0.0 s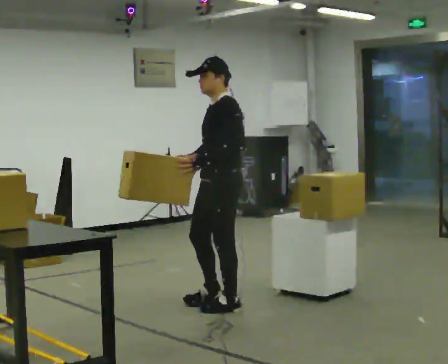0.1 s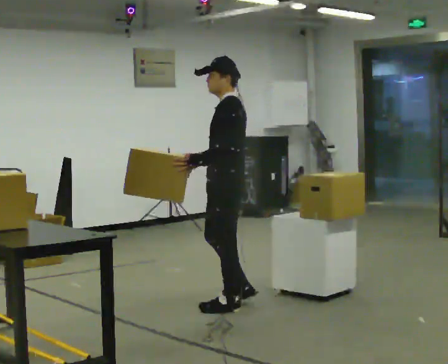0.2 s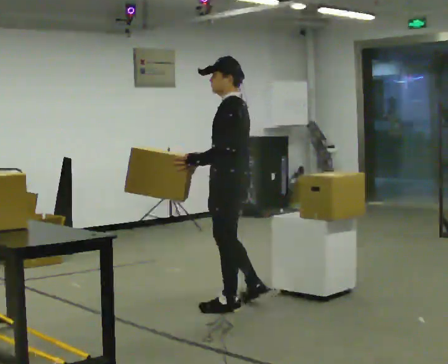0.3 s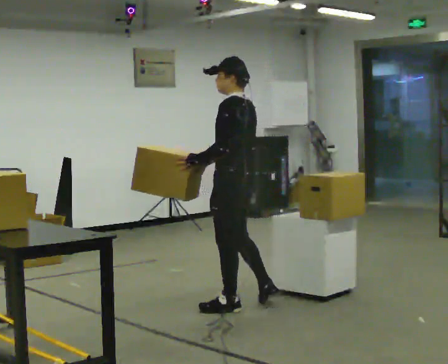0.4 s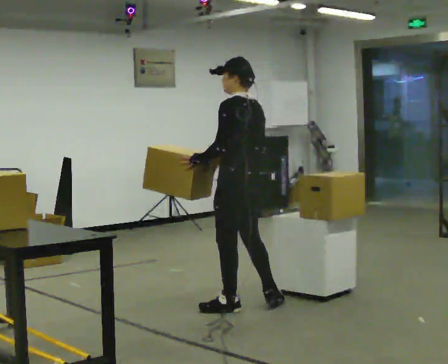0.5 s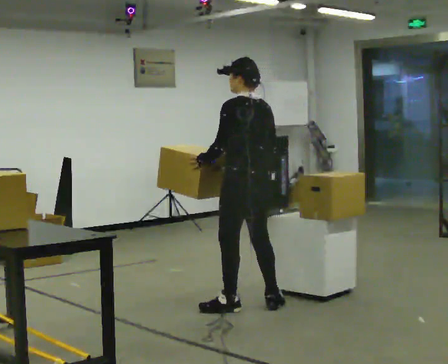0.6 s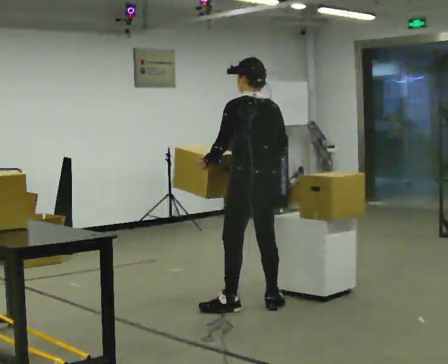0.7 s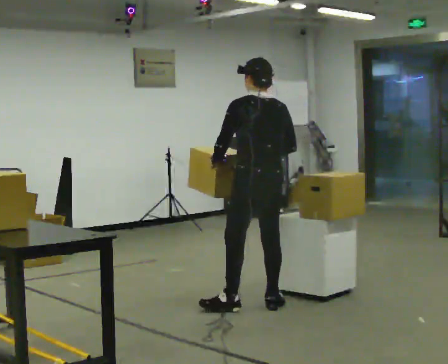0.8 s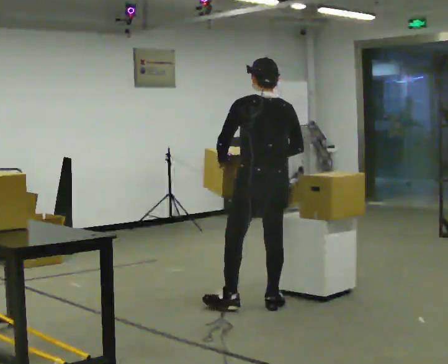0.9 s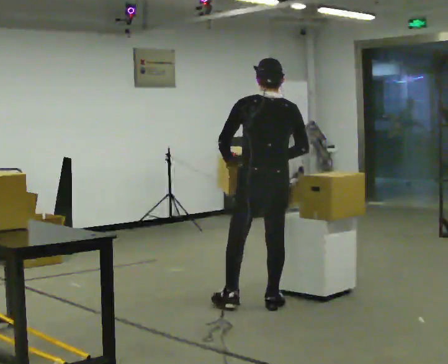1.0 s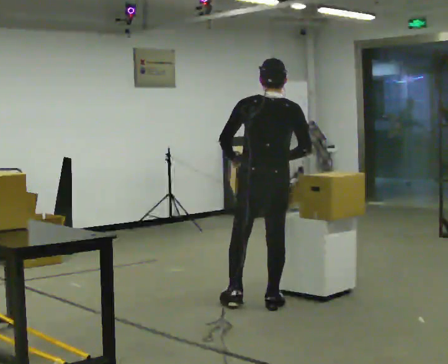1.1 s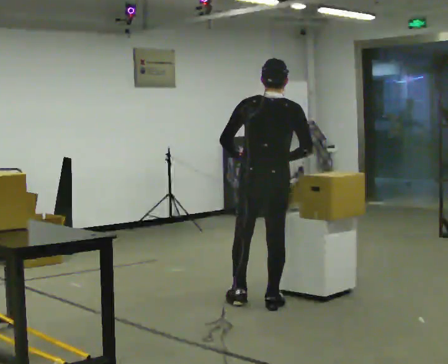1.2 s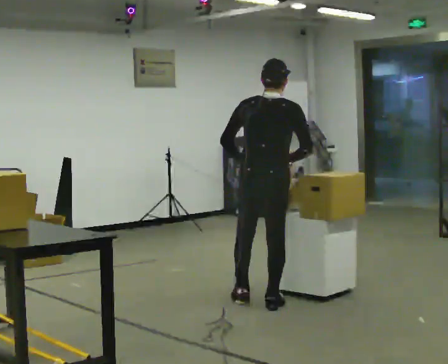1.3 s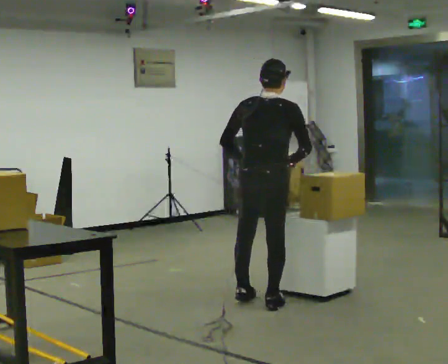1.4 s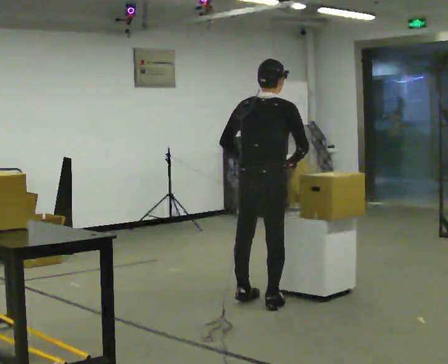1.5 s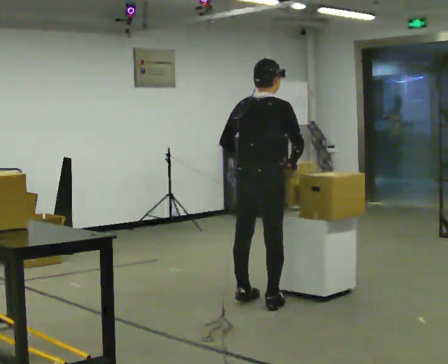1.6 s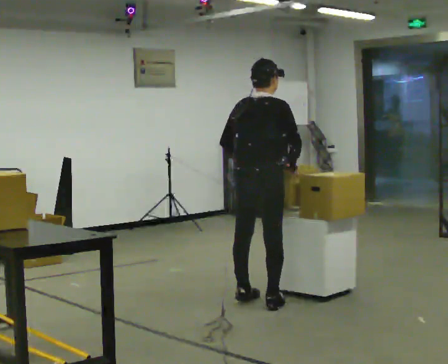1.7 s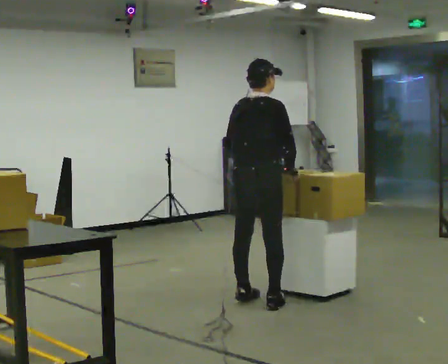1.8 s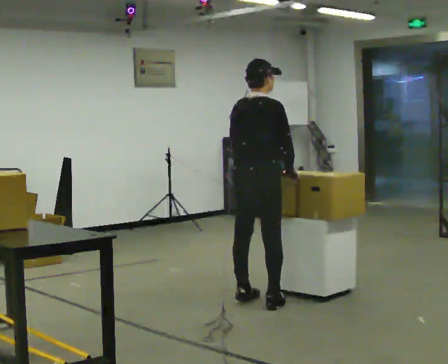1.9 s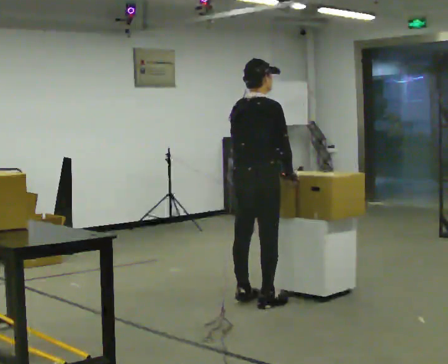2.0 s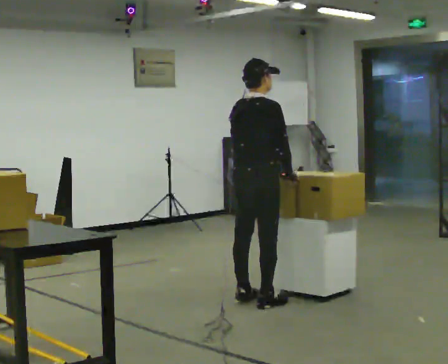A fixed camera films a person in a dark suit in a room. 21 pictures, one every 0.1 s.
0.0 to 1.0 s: Seen from above the body turns clockwise, about 105 degrees: to their right, with its near side sliding to the left. In the picture they go to the right, about 0.25 m in 1 step.
1.0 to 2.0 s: Seen from above the body turns clockwise, about 45 degrees: to their right, with its near side sliding to the left.
The film runs backward here.
